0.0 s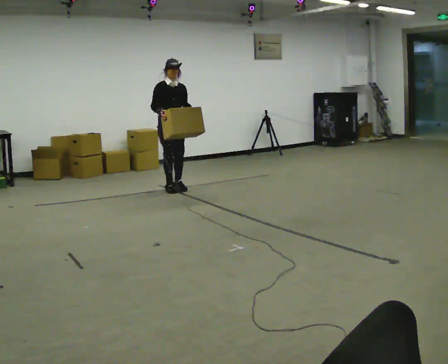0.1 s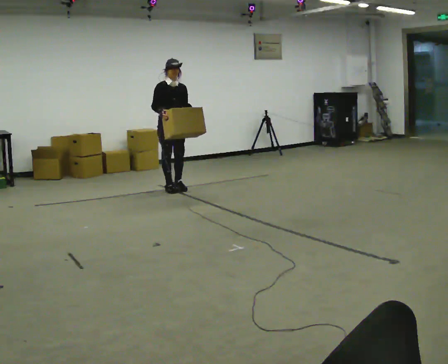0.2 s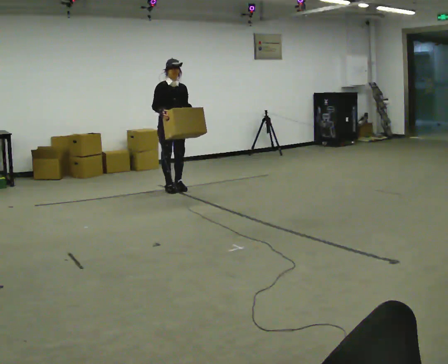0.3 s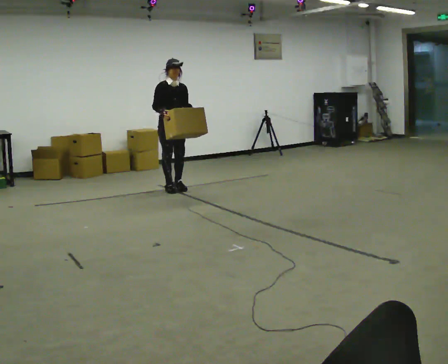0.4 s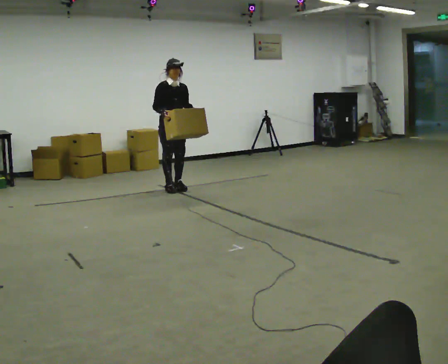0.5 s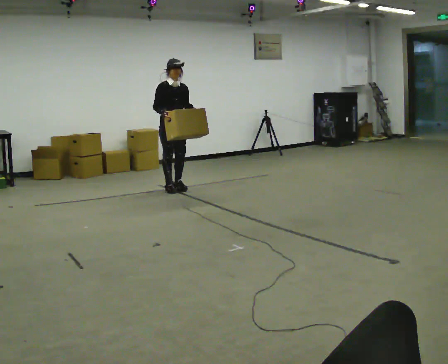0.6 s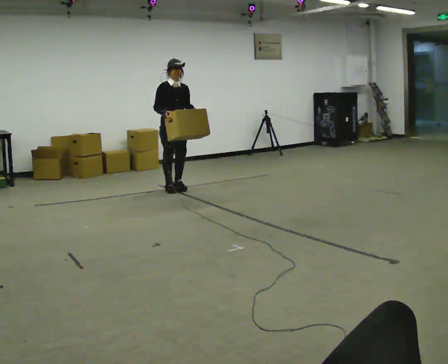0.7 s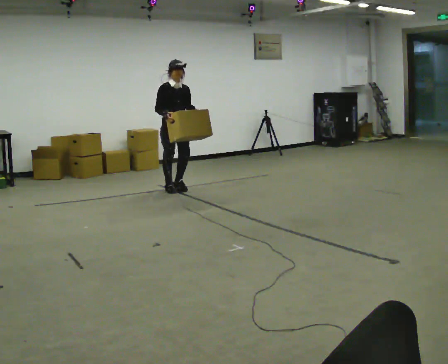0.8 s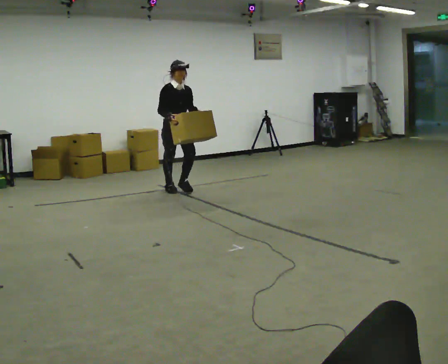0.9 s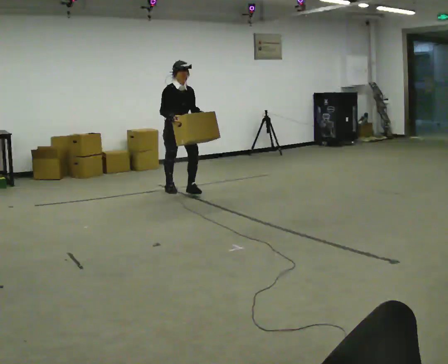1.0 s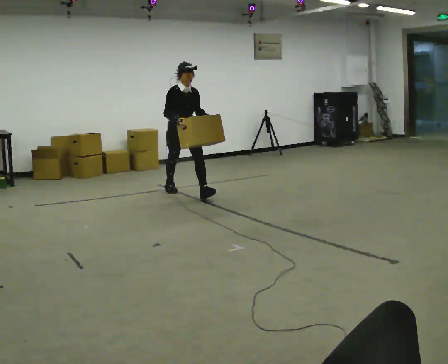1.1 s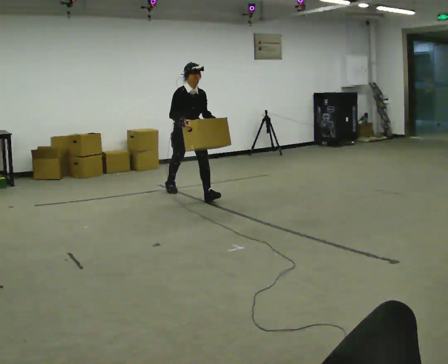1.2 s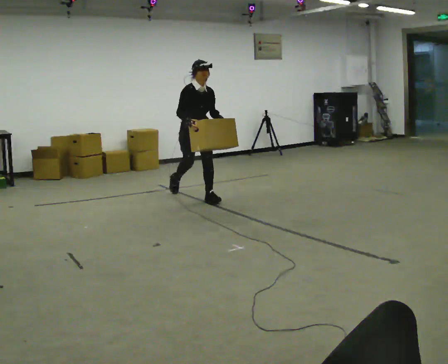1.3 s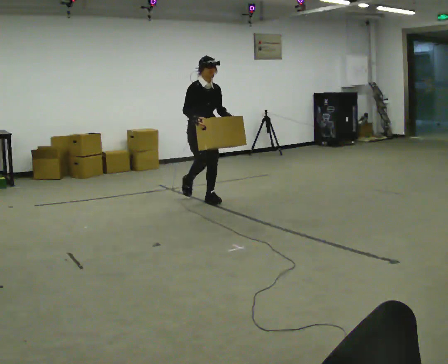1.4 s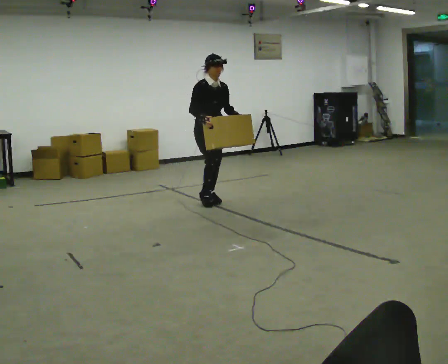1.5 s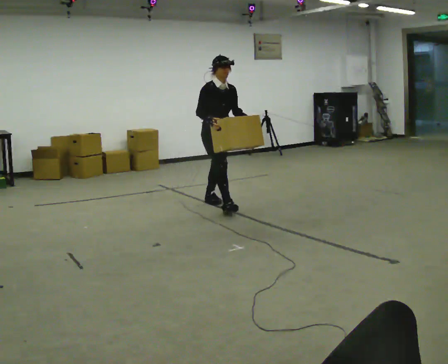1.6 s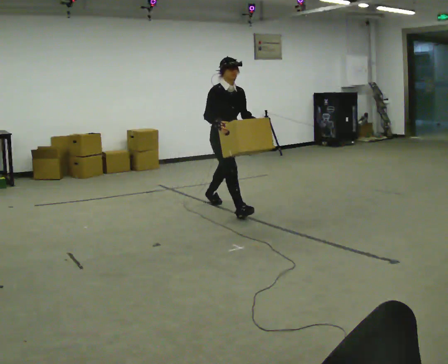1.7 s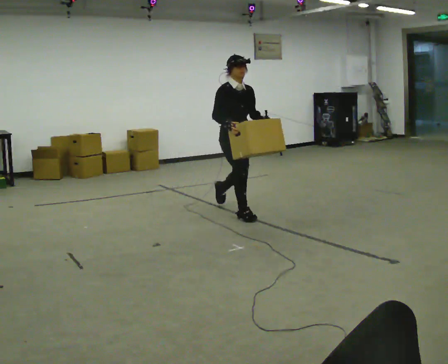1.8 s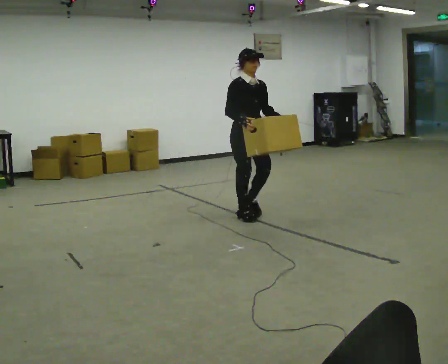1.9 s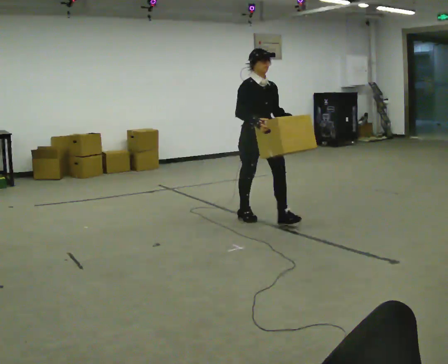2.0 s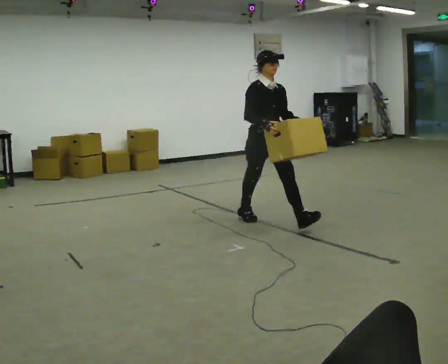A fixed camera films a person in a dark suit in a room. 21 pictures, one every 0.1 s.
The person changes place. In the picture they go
toward the camera.
0.0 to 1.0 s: In the picture they go toward the camera, about 0.25 m, which for them is forward.
1.0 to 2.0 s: In the picture they go toward the camera and to the right, about 1.5 m in 2 steps, which for them is forward.
The film runs forward here.
